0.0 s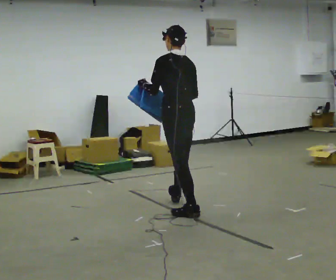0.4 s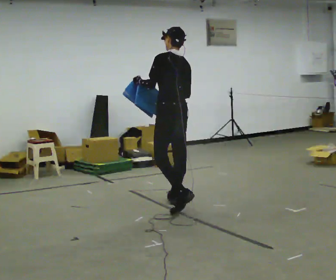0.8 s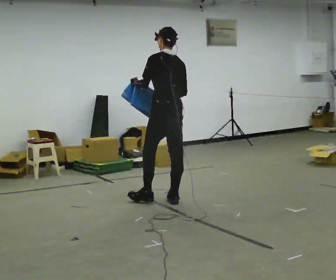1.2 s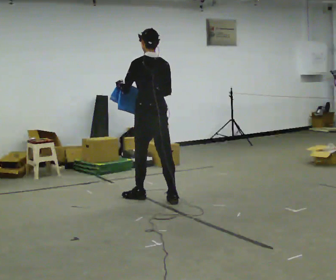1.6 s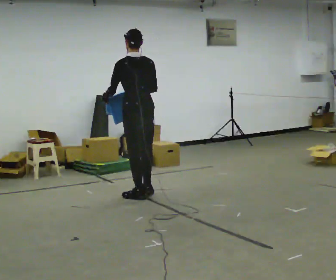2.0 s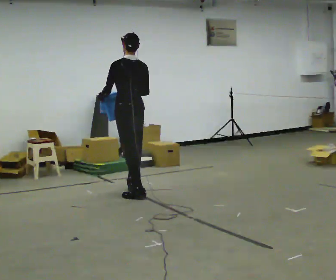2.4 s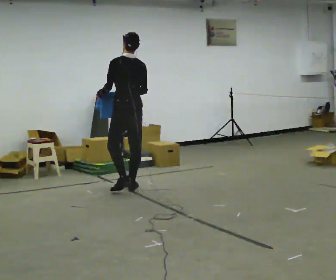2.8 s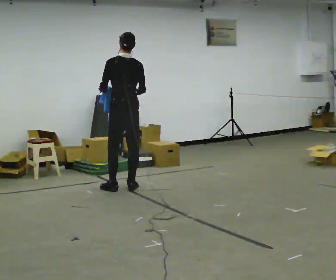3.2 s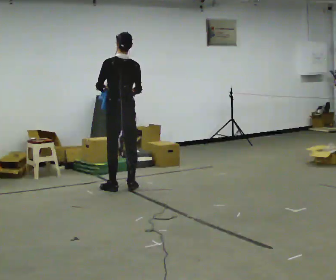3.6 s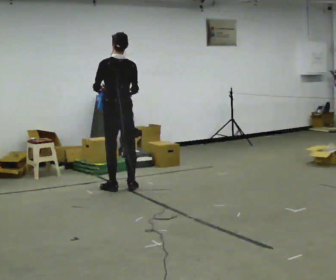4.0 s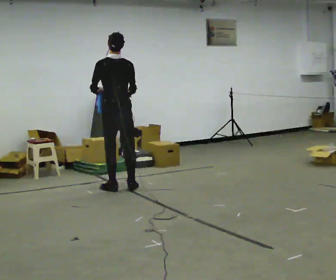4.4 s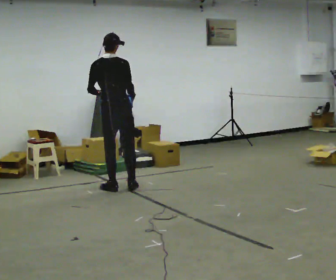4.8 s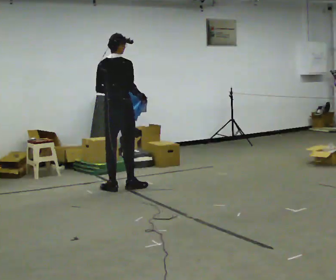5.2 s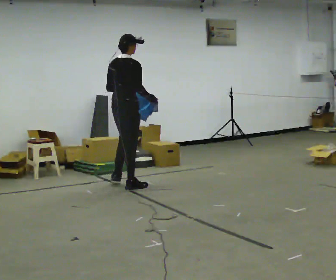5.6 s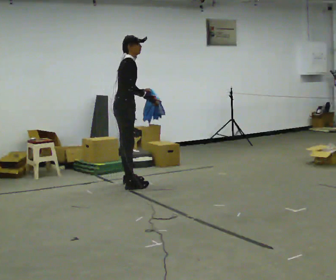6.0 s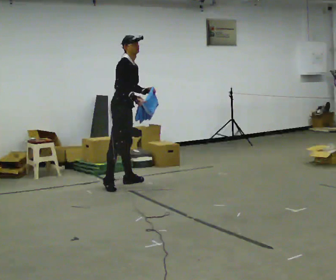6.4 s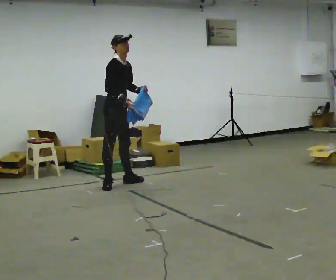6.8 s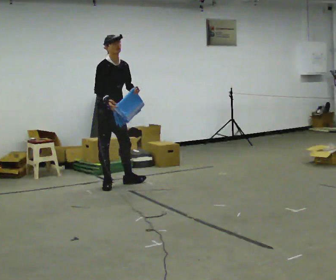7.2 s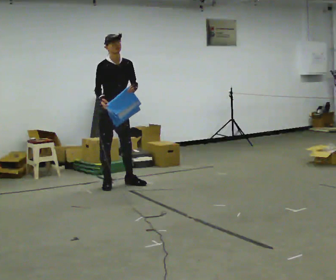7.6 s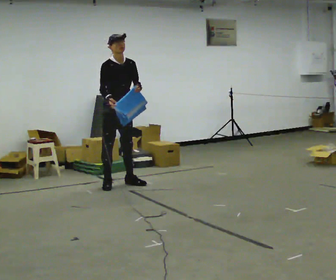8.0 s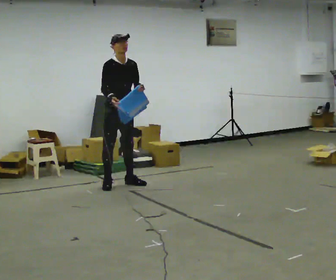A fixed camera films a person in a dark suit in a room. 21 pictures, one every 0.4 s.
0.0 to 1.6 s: In the picture they go away from the camera and to the left, about 0.75 m in 1 step, which for them is forward.
1.6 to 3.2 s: In the picture they go away from the camera, about 0.5 m in 2 steps, which for them is forward.
3.2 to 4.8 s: The part of the body nearest the lens slides to the left as the person turns to their right by about 45 degrees.
4.8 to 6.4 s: The part of the body nearest the lens slides to the left as the person turns to their right by about 105 degrees. In the picture they go away from the camera, about 0.25 m in 2 steps.
6.4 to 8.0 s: Seen from above the body turns clockwise, about 30 degrees: to their right, with its near side sliding to the left.
The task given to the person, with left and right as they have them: Carry the cloth and, while walking, fold it in half, then unfold it. Keep repeating as you walk. Do not stop.
The film runs forward here.
